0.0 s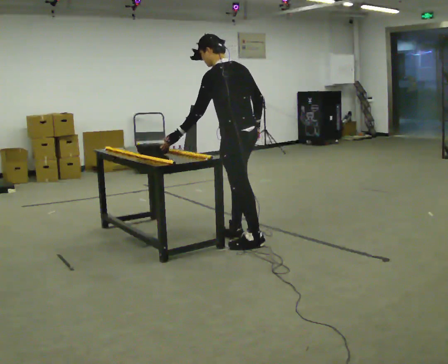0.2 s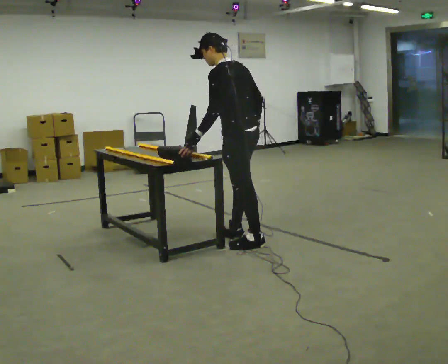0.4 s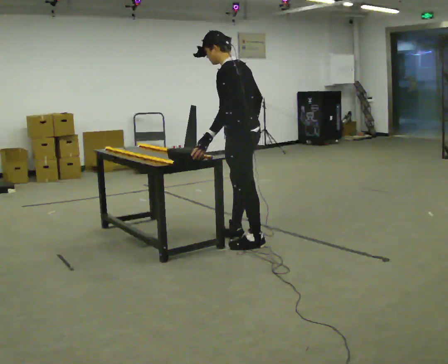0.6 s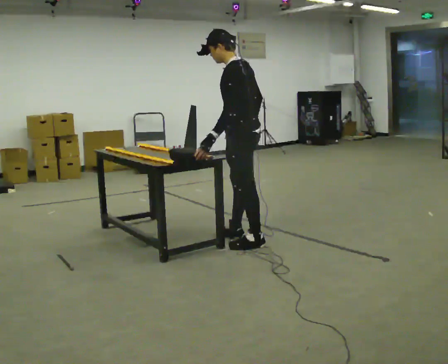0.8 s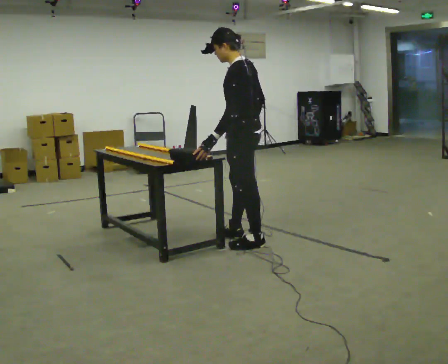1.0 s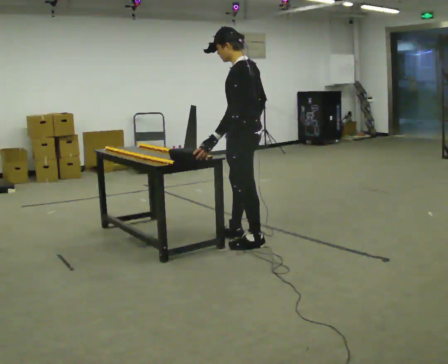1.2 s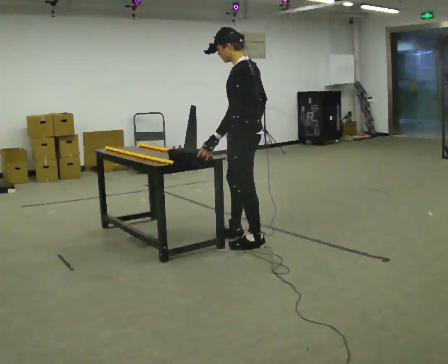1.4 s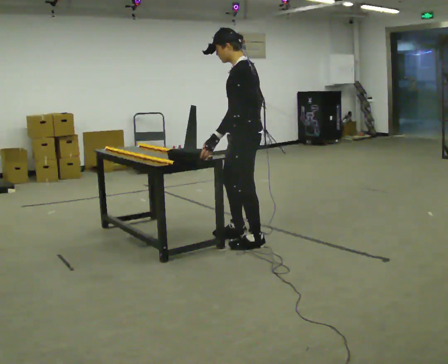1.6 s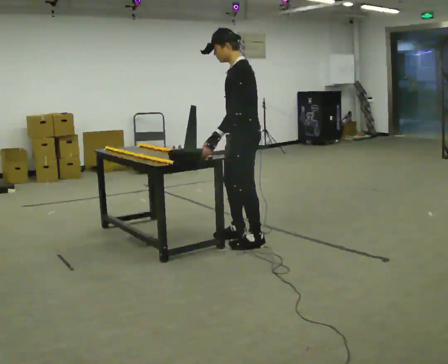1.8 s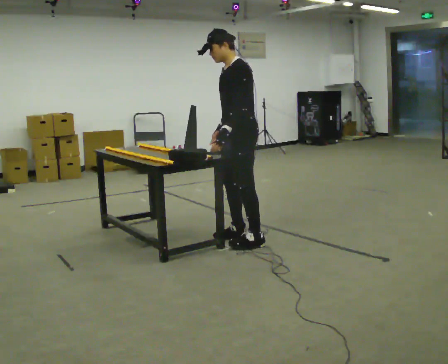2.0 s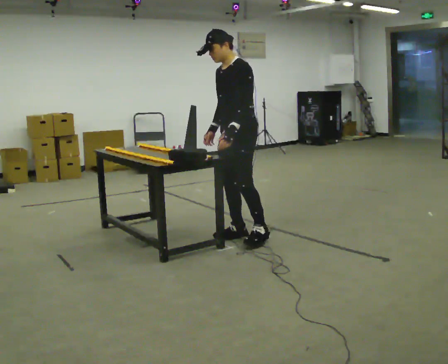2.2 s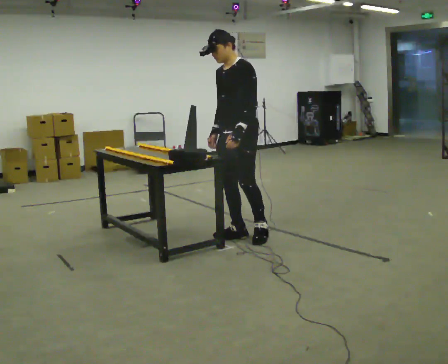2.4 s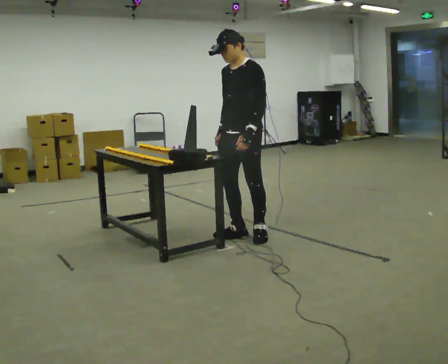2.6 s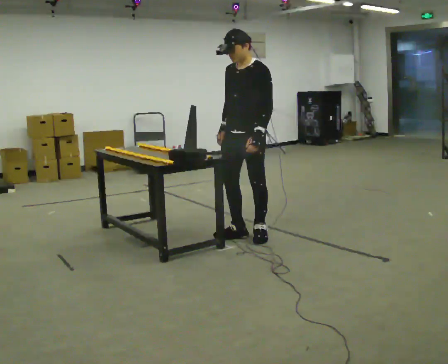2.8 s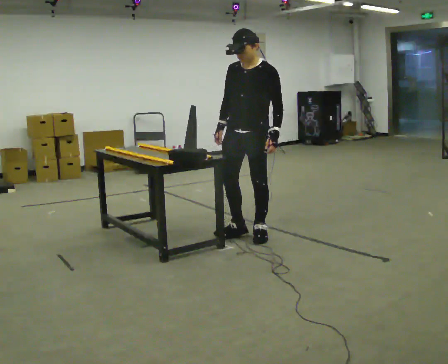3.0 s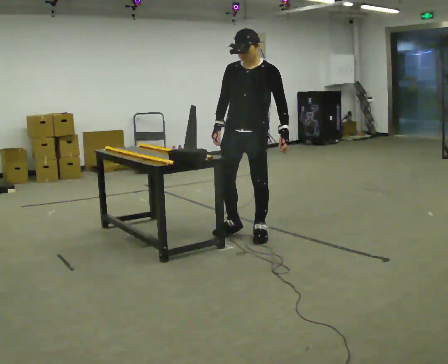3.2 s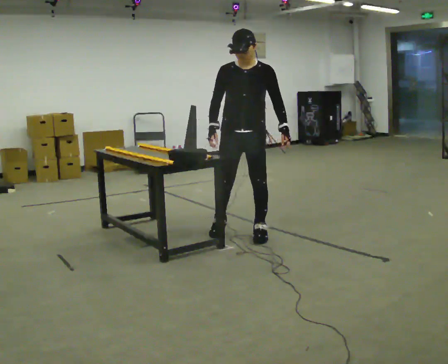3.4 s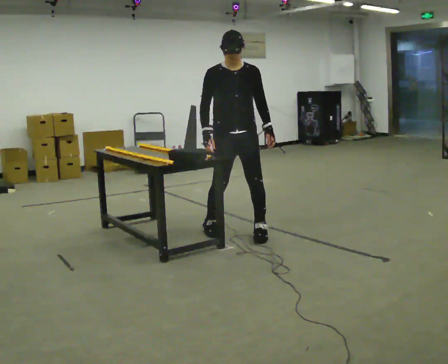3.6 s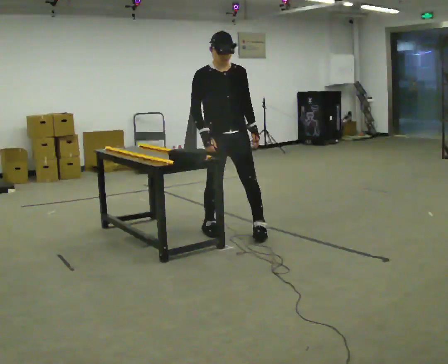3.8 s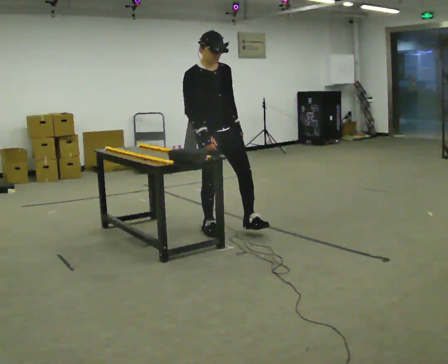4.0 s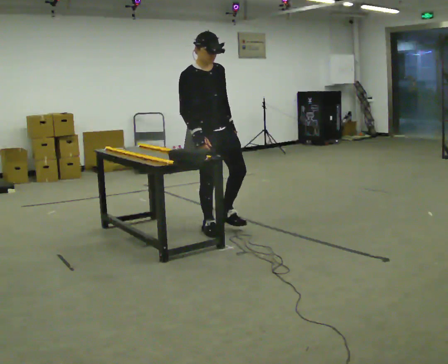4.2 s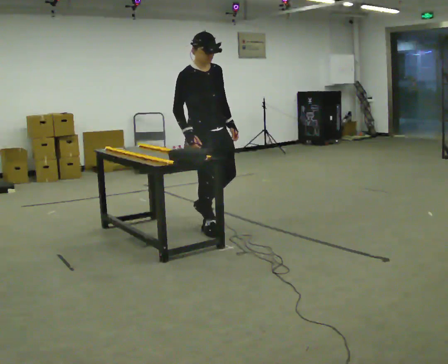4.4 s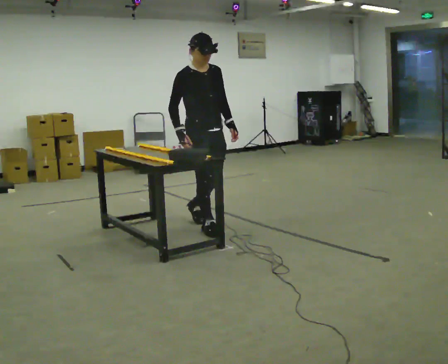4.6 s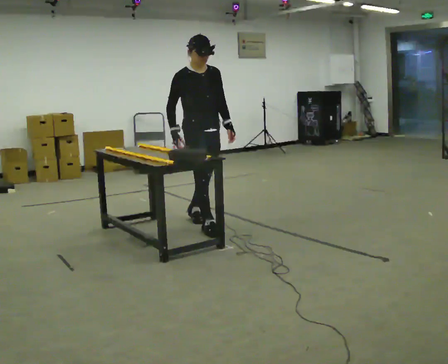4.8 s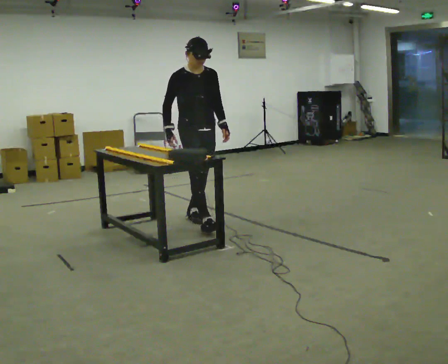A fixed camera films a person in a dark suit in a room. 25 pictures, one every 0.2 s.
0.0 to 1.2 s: The person moves a little, or ends about where they began.
1.2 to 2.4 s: Seen from above the body turns counterclockwise, about 60 degrees: to their left, with its near side sliding to the right. In the picture they go away from the camera, about 0.25 m in 1 step, which for them is to their right.
2.4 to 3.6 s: The person turns about 60 degrees to their left, counterclockwise seen from above, so the part of the body nearest the lens slides to the right. In the picture they go to the left, about 0.25 m in 1 step.
3.6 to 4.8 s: In the picture they go away from the camera and to the left, about 0.5 m in 1 step, which for them is backward.
The film runs backward here.
